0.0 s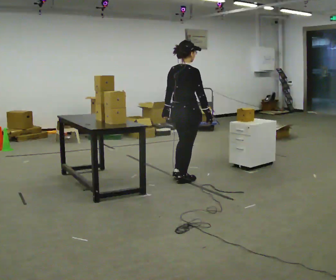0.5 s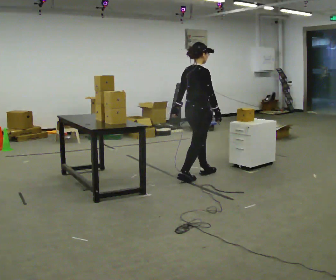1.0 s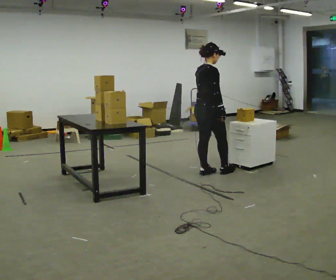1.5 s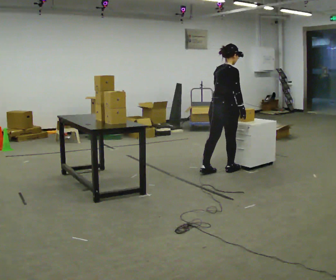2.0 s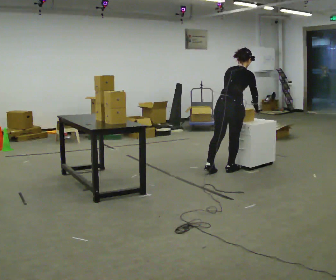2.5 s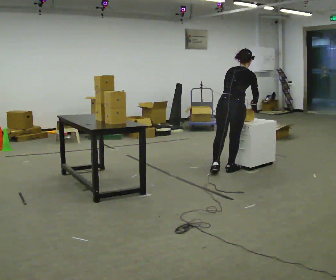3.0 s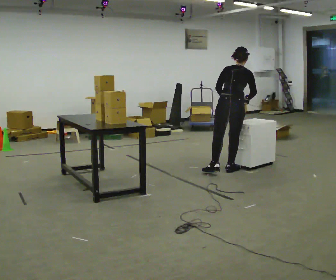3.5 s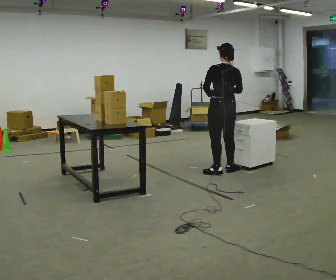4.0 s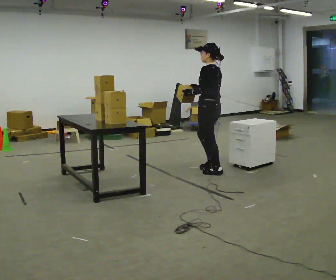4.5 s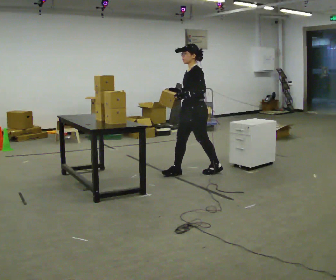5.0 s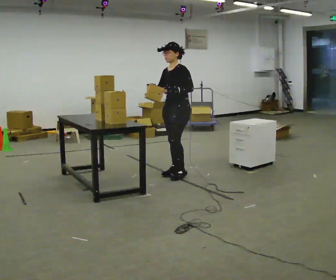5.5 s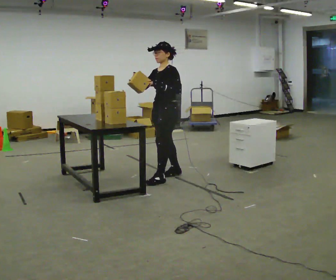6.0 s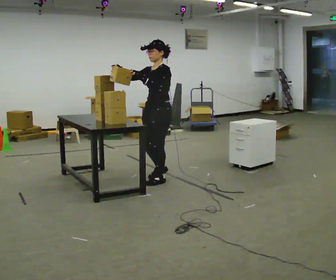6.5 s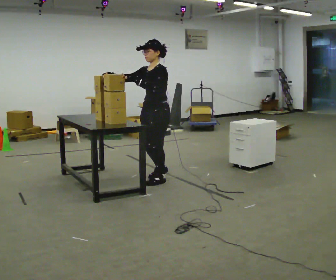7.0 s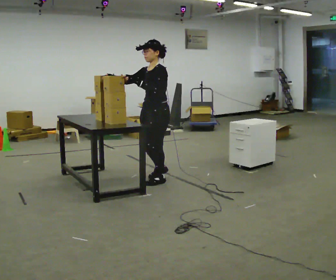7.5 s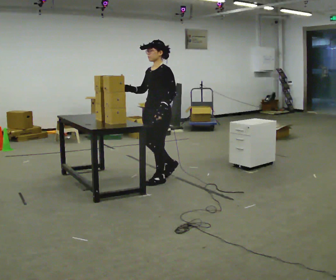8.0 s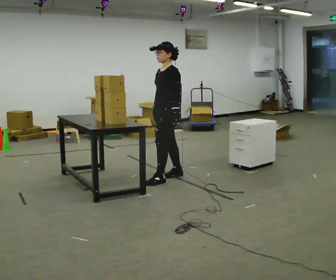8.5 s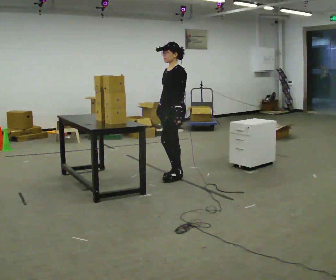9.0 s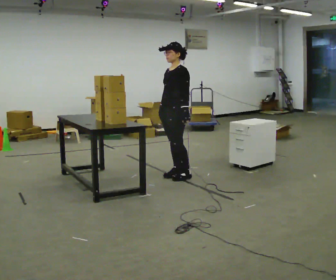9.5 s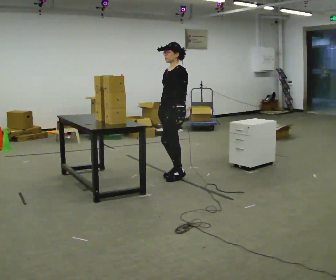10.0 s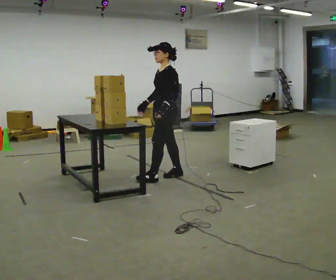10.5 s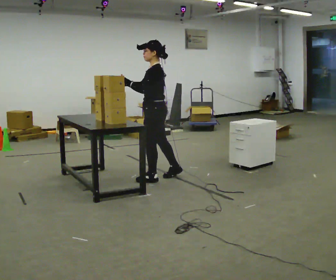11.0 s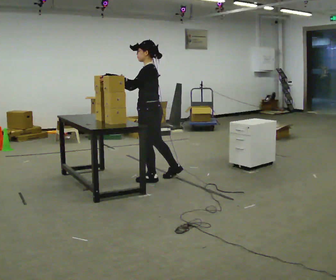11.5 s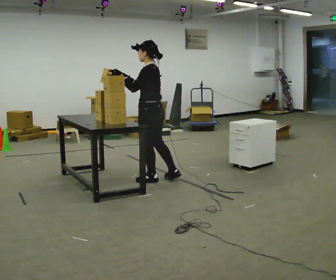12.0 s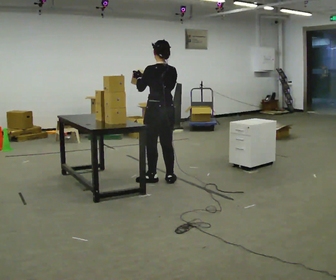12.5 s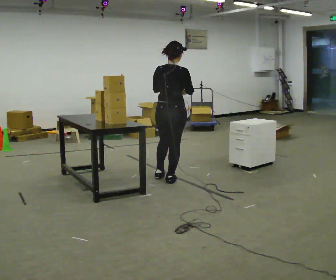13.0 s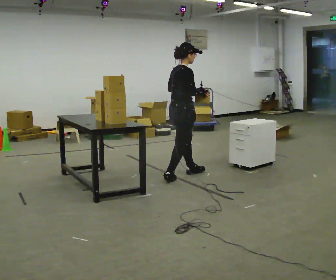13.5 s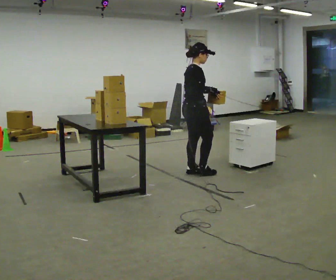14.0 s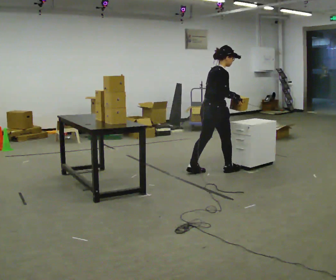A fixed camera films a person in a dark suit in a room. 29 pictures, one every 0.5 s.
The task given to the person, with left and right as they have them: 1. Move all 12 boxes from the shelf at one end of the room to the shelf at the other end. 2. The cart is not available today, so carry them. 3. Tell the operator when you are finished.
0.0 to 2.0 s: In the picture they go to the right and away from the camera, about 0.75 m in 2 steps, which for them is forward. In the picture the upper body tilts clockwise, shoulders to the right, as they bend forward.
2.0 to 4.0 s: The person turns about 90 degrees to their left, counterclockwise seen from above, so the part of the body nearest the lens slides to the right. In the picture they go to the left, about 0.25 m in 1 step. In the picture the upper body tilts counterclockwise, shoulders to the left, as they lean back or straighten. In the picture their right hand goes to the left.
4.0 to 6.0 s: Seen from above the body turns counterclockwise, about 60 degrees: to their left, with its near side sliding to the right. In the picture they go to the left and toward the camera, about 0.75 m in 3 steps.
6.0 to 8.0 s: In the picture their right hand goes downward and to the right, the arm swinging counterclockwise.
8.0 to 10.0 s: The person moves a little, or ends about where they began.
10.0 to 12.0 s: The part of the body nearest the lens slides to the left as the person turns to their right by about 75 degrees. In the picture they go toward the camera, about 0.25 m in 1 step.
12.0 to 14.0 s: The part of the body nearest the lens slides to the left as the person turns to their right by about 90 degrees. In the picture they go to the right and away from the camera, about 0.5 m in 2 steps.
The film runs forward here.
